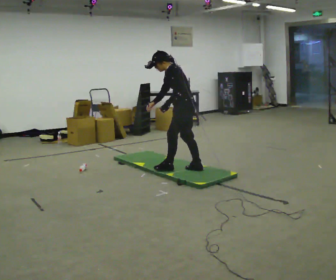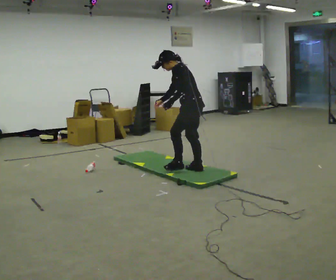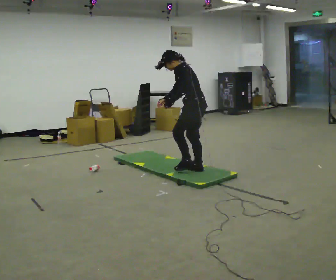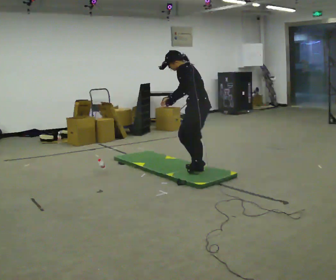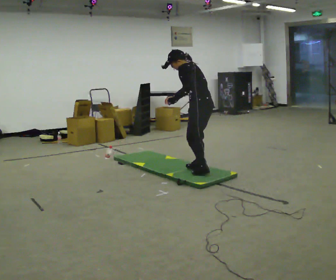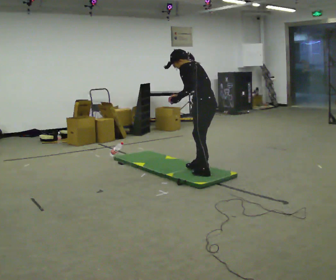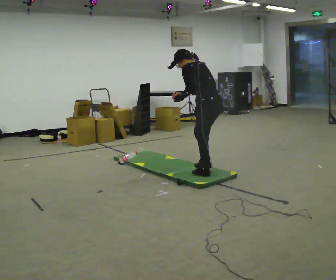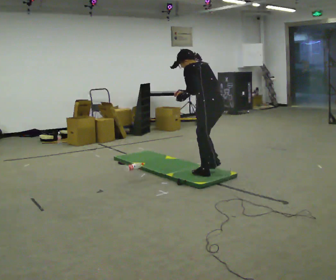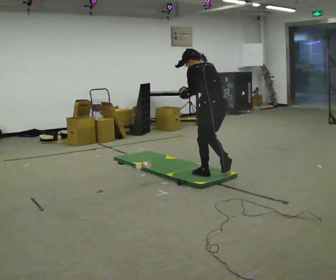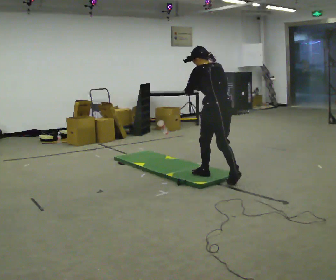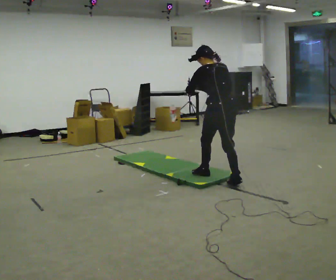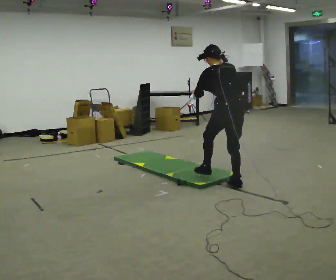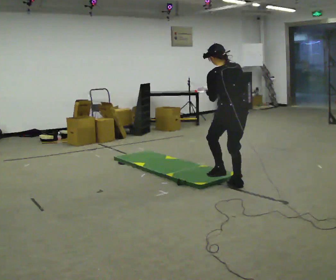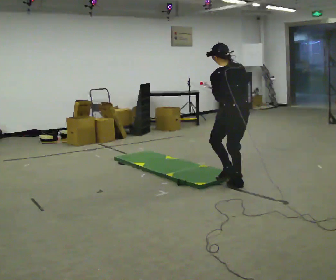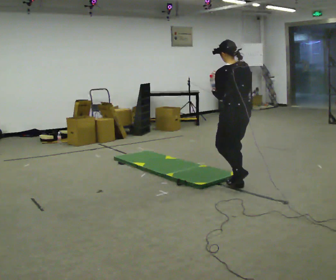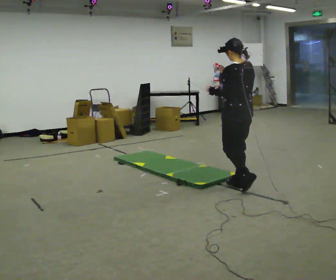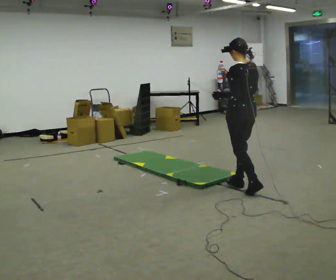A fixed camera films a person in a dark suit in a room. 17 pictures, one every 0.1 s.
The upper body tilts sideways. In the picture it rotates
clockwise.
0.0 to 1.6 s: The person turns about 45 degrees to their right, clockwise seen from above, so the part of the body nearest the lens slides to the left. In the picture they go toward the camera and to the right, about 1 m in 2 steps. In the picture the upper body tilts clockwise, shoulders to the right, as they lean back or straighten. In the picture their right hand goes upward.
The film runs backward here.
